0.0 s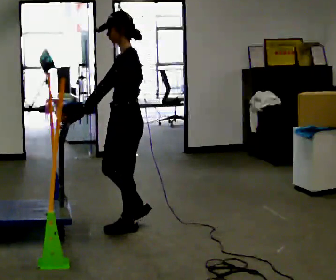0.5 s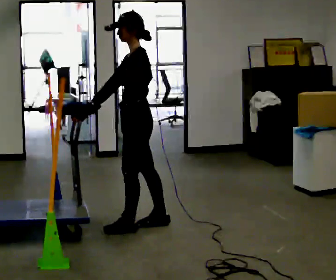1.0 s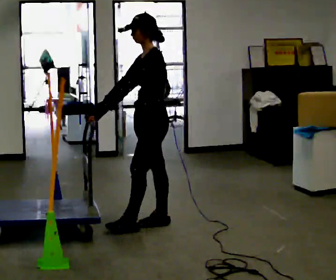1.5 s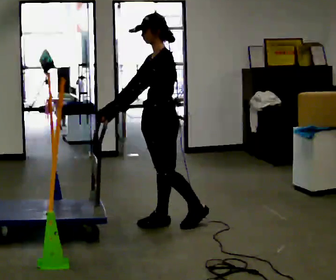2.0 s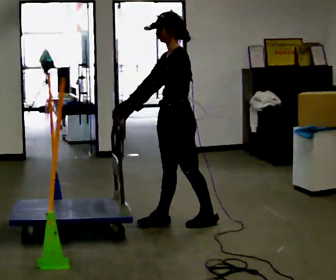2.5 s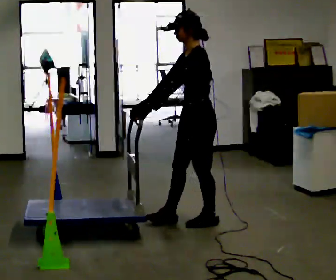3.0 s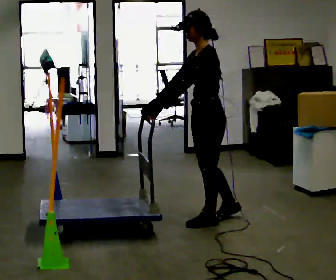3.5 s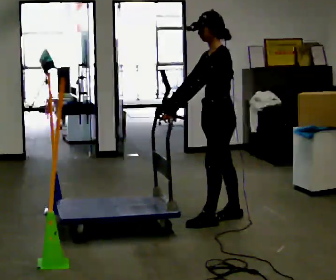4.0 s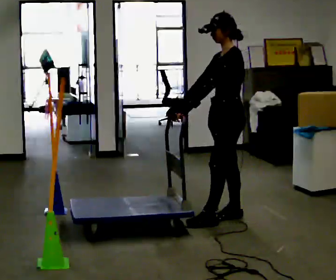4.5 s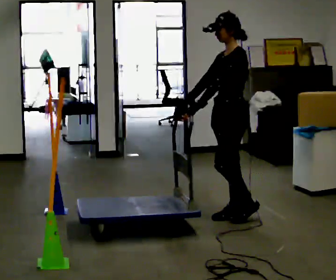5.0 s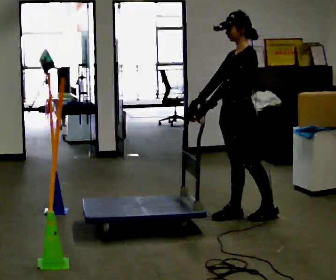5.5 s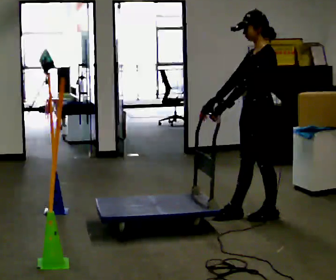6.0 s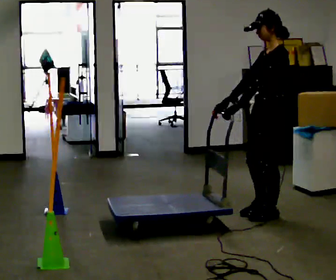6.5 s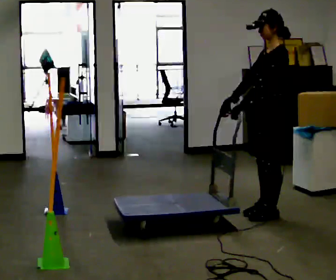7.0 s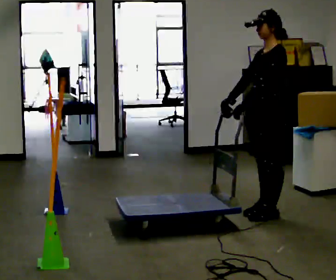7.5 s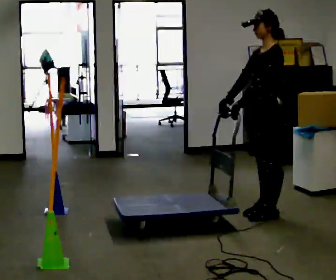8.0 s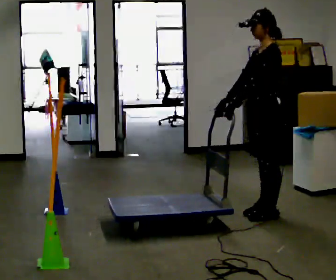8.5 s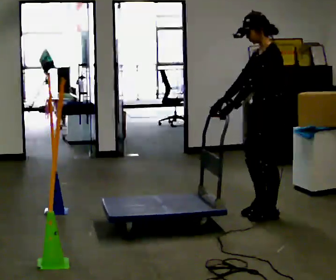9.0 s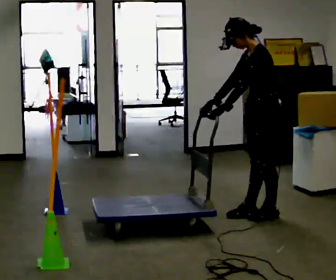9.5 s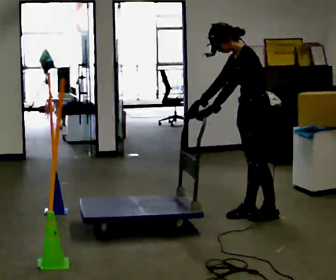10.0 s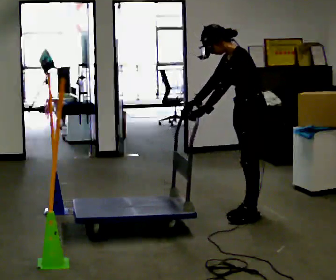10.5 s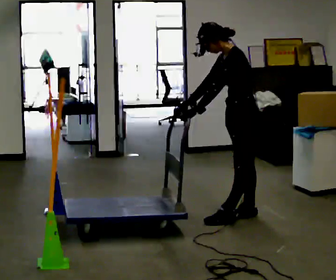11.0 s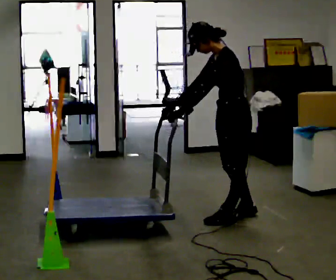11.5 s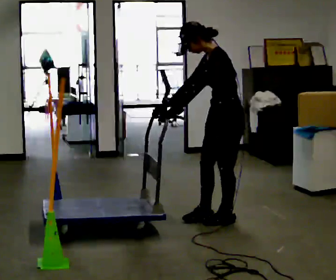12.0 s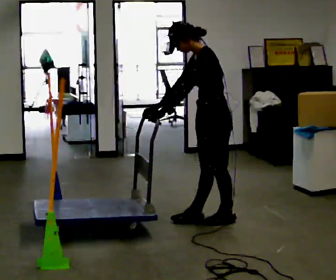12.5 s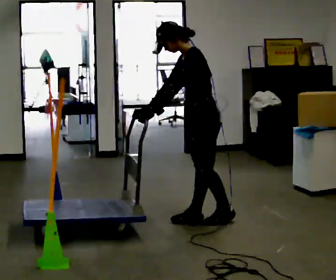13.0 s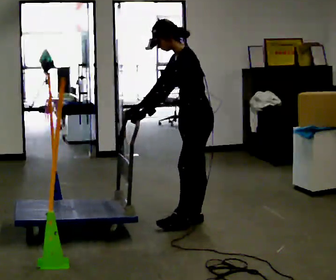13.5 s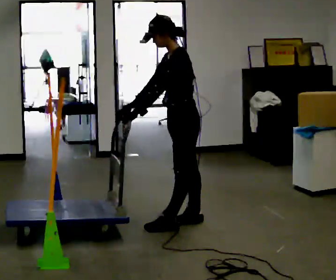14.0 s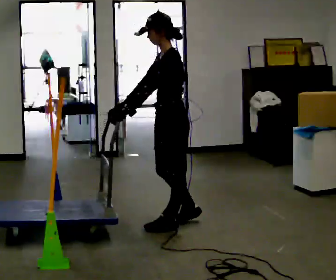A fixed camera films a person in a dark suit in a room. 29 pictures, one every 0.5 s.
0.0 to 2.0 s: In the picture they go to the right and away from the camera, about 0.5 m in 1 step, which for them is backward.
2.0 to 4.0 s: In the picture they go to the right and away from the camera, about 0.5 m in 1 step, which for them is backward.
4.0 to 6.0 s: In the picture they go to the right, about 0.25 m in 2 steps, which for them is backward.
6.0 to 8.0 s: The person moves a little, or ends about where they began.
8.0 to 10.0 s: In the picture the upper body tilts counterclockwise, shoulders to the left, as they bend forward.
10.0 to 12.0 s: In the picture they go to the left and toward the camera, about 0.25 m in 1 step, which for them is forward.
12.0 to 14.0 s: In the picture they go to the left and toward the camera, about 0.25 m in 1 step, which for them is forward.
The film runs backward here.
